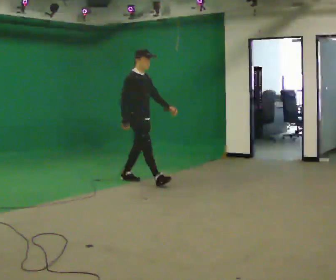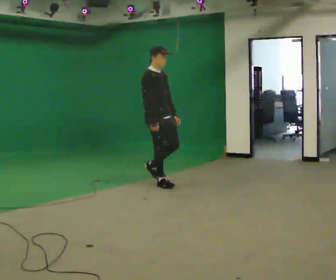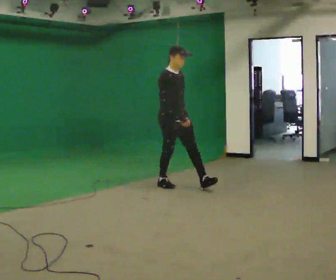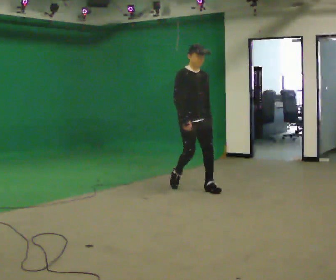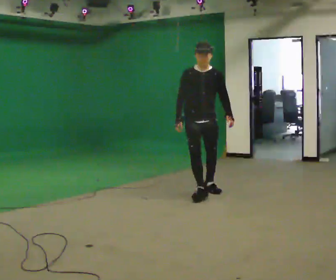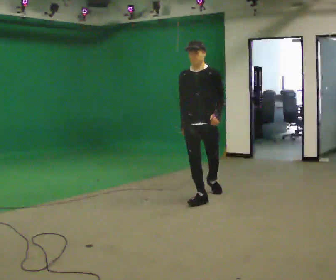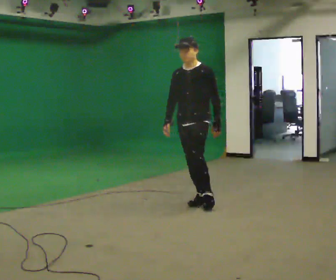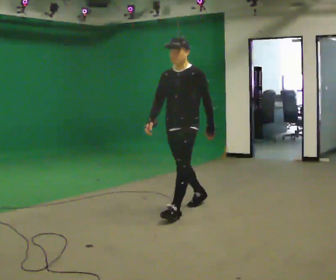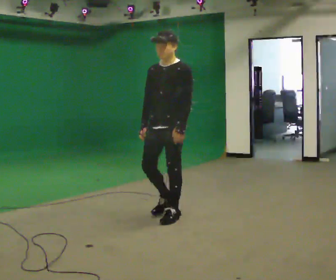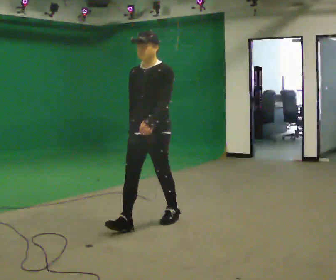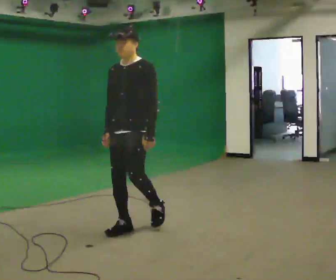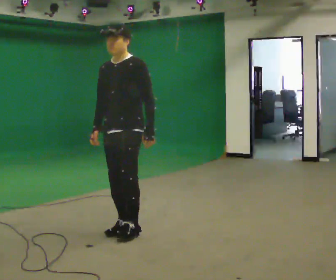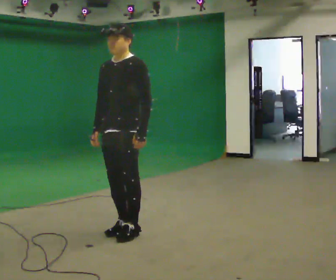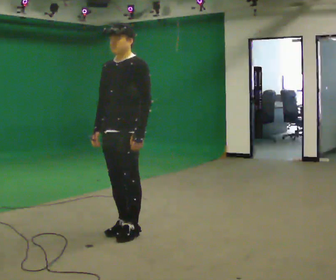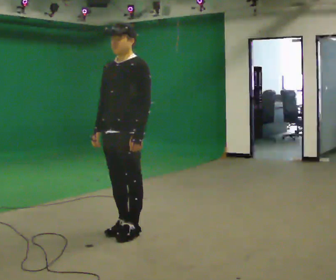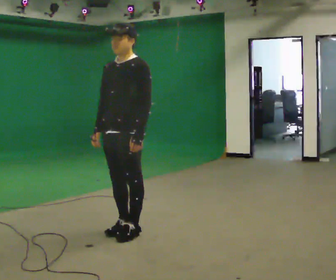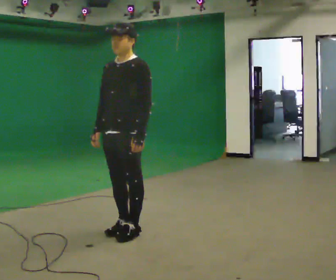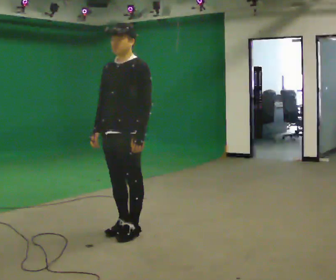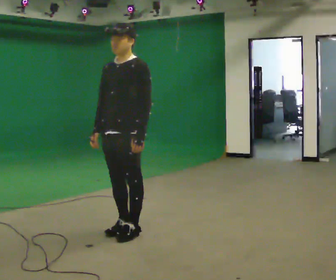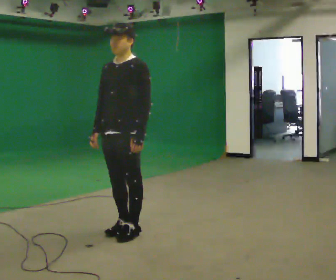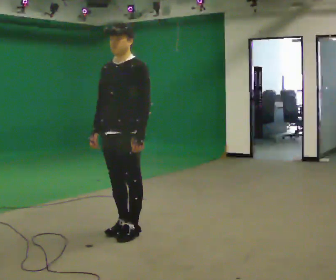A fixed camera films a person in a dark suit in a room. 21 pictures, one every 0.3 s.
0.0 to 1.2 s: Seen from above the body turns clockwise, about 60 degrees: to their right, with its near side sliding to the left. In the picture they go toward the camera and to the right, about 1 m in 2 steps.
1.2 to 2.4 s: Seen from above the body turns clockwise, about 30 degrees: to their right, with its near side sliding to the left. In the picture they go toward the camera and to the left, about 1 m in 2 steps, which for them is forward.
2.4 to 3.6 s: In the picture they go toward the camera and to the left, about 0.5 m in 2 steps, which for them is forward.
3.6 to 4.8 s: The person moves a little, or ends about where they began.
4.8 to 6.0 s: The person keeps their place and pose.
The film runs forward here.
